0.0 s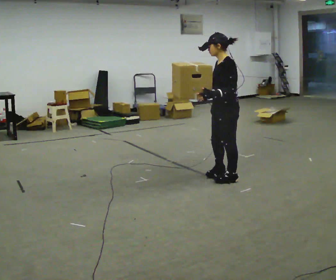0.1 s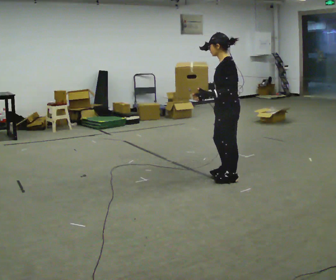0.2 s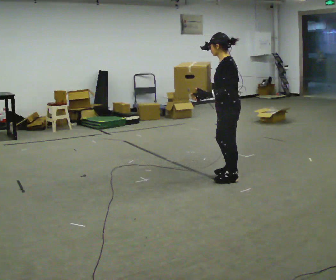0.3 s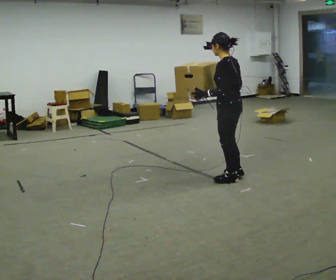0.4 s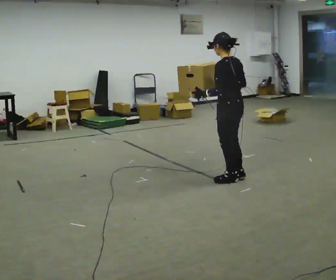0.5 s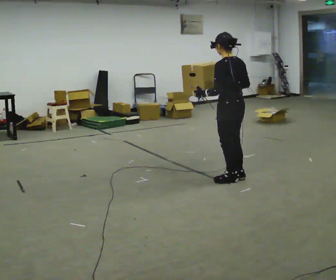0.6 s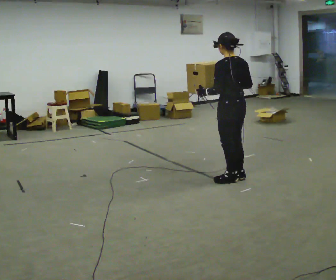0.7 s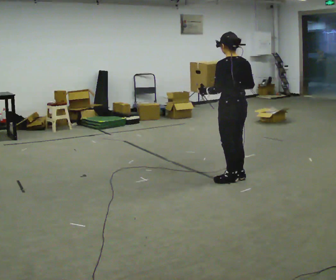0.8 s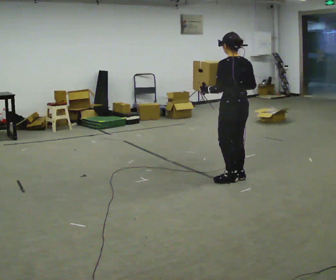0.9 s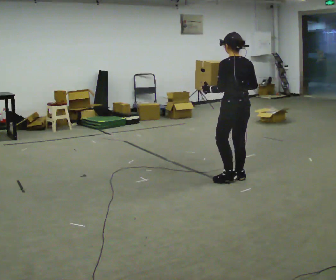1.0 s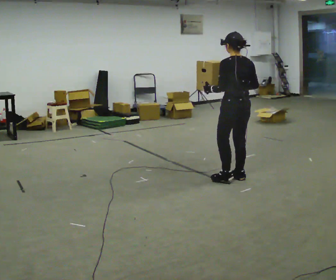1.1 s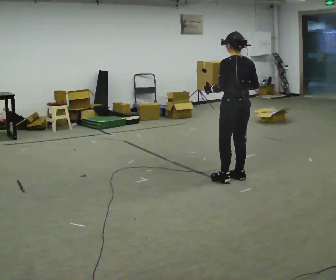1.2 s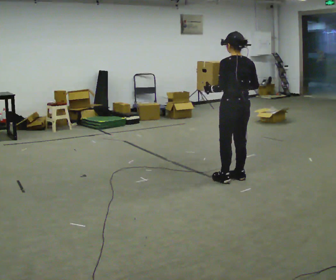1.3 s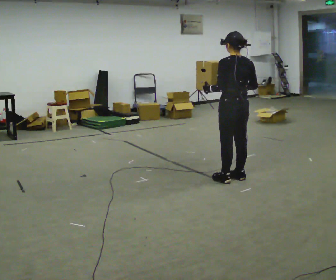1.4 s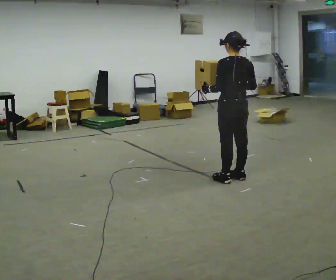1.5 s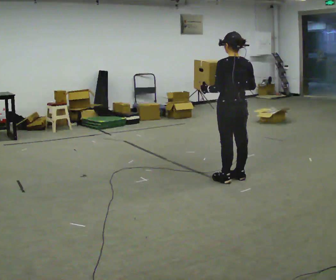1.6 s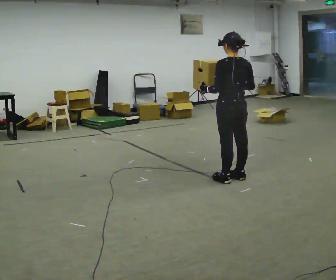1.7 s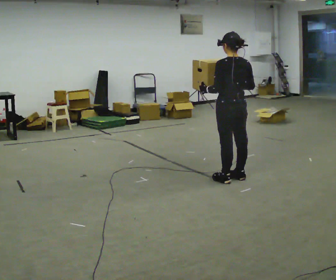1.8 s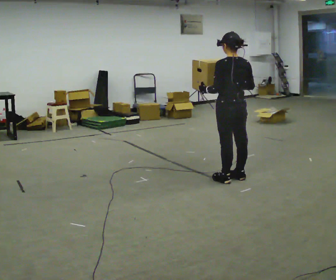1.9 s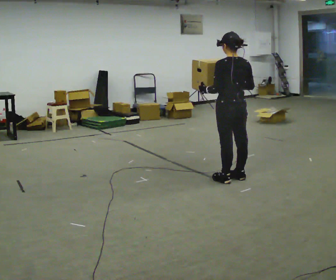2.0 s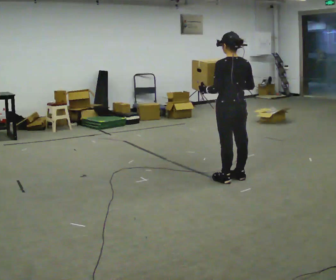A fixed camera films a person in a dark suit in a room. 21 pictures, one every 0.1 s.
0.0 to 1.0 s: The part of the body nearest the lens slides to the left as the person turns to their right by about 75 degrees.
1.0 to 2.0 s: The person moves a little, or ends about where they began.
The film runs forward here.
